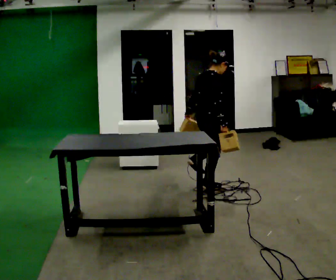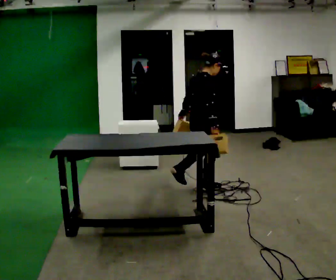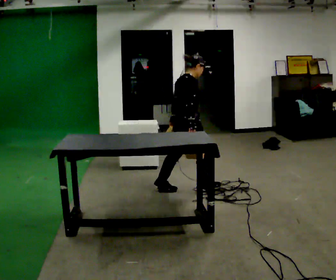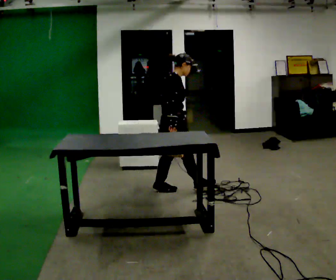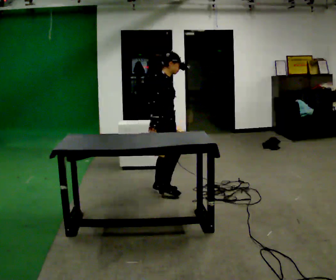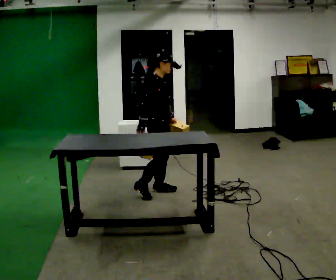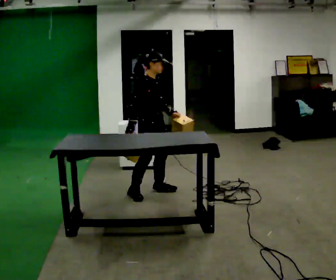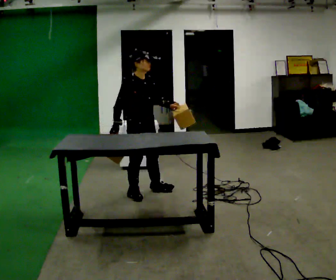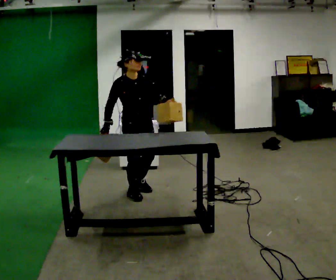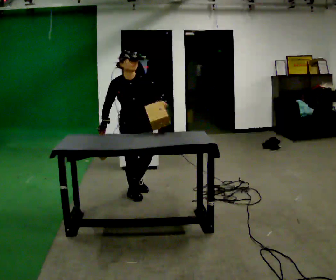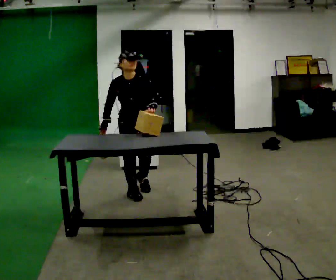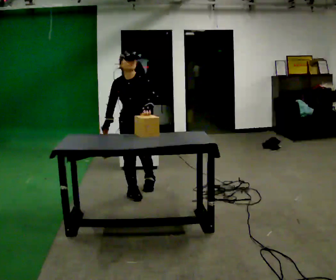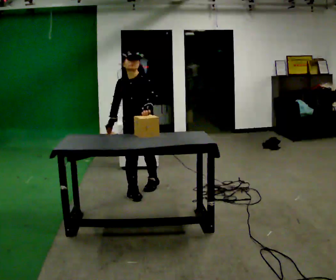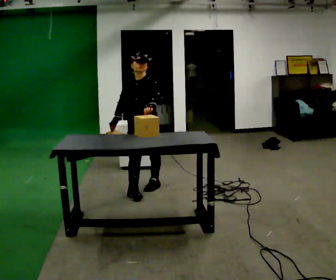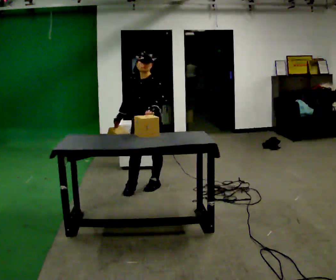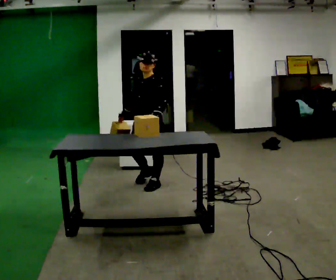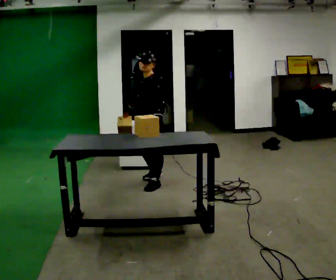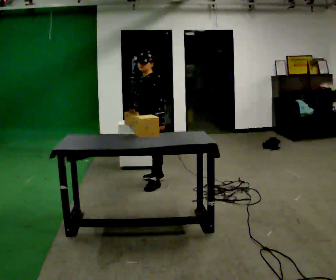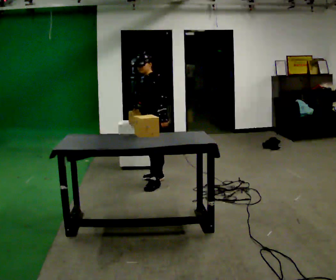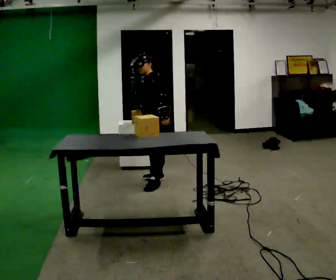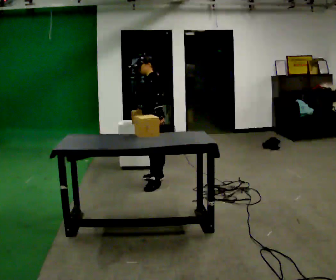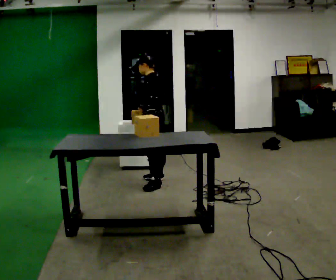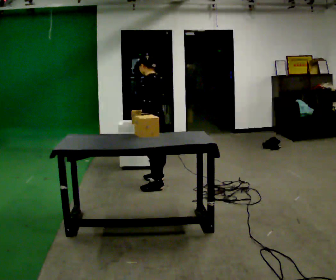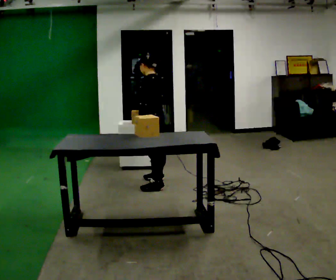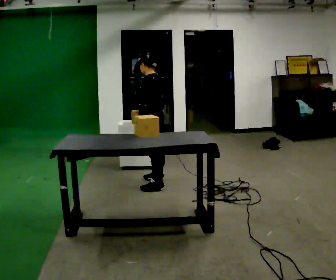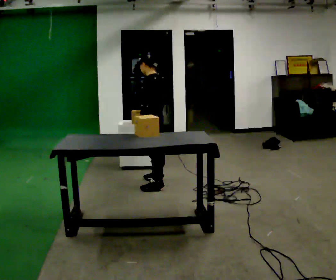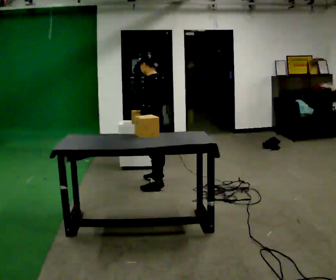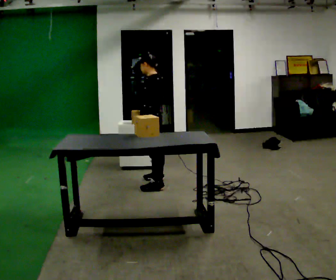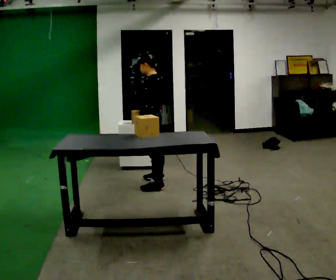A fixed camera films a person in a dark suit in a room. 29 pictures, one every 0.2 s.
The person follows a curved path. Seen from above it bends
clockwise.
The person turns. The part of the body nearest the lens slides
to the left.
0.0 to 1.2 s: The part of the body nearest the lens slides to the left as the person turns to their right by about 60 degrees. In the picture they go to the left, about 0.5 m in 1 step, which for them is backward.
1.2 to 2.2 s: The person turns about 60 degrees to their right, clockwise seen from above, so the part of the body nearest the lens slides to the left.
2.2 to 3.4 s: The person turns about 75 degrees to their right, clockwise seen from above, so the part of the body nearest the lens slides to the left. In the picture they go away from the camera and to the right, about 0.5 m in 1 step.
3.4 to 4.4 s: The person turns about 30 degrees to their right, clockwise seen from above, so the part of the body nearest the lens slides to the left.
4.4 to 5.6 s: The person moves a little, or ends about where they began.
The film runs backward here.
